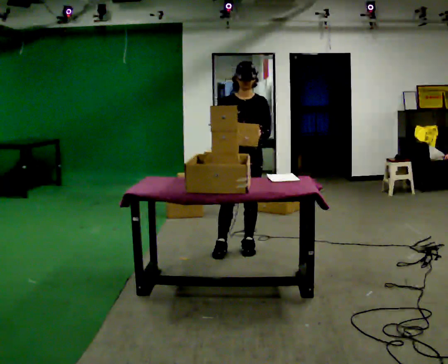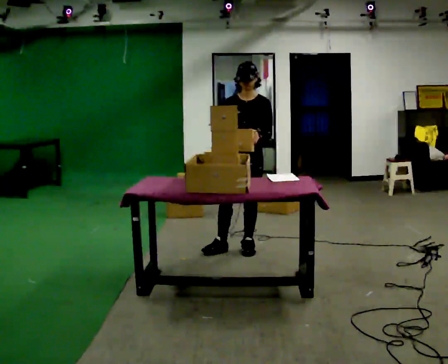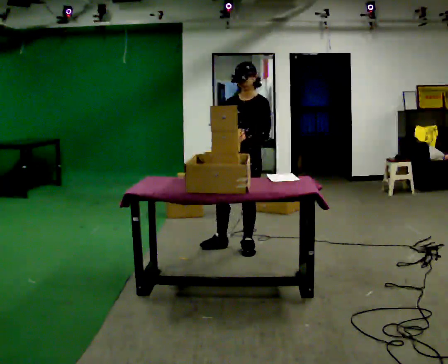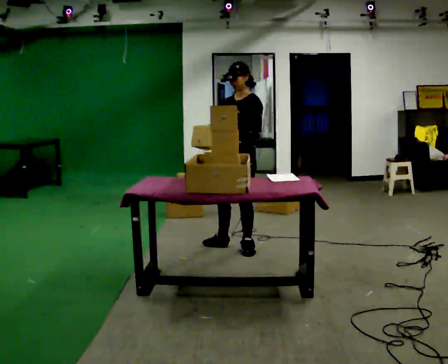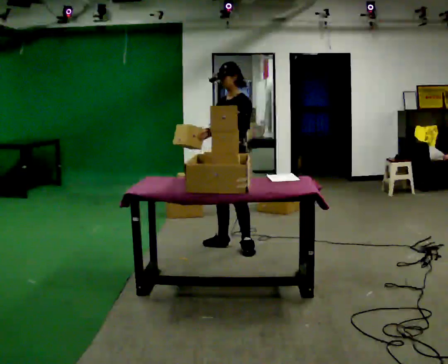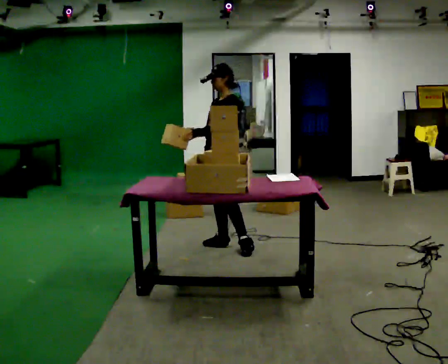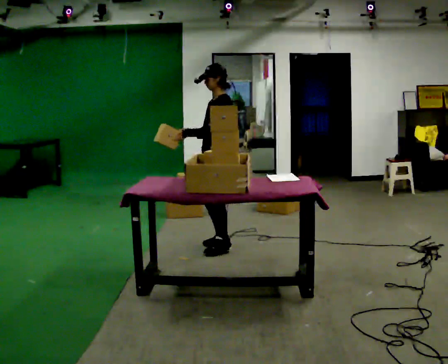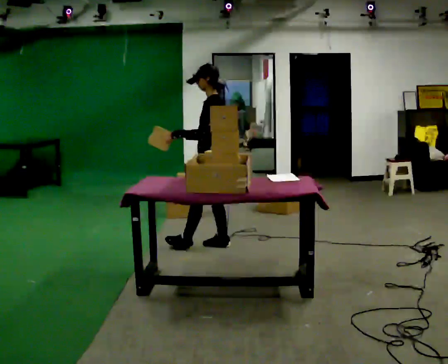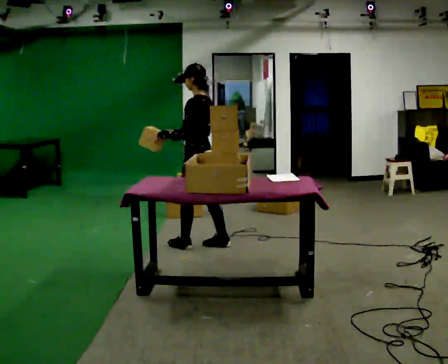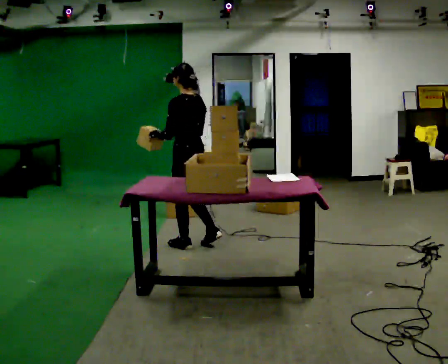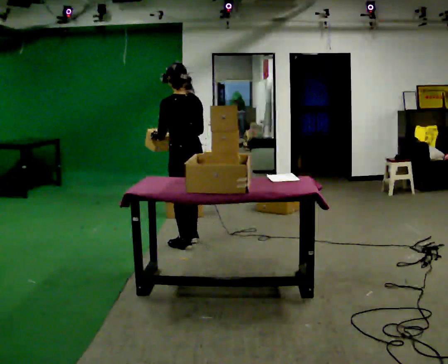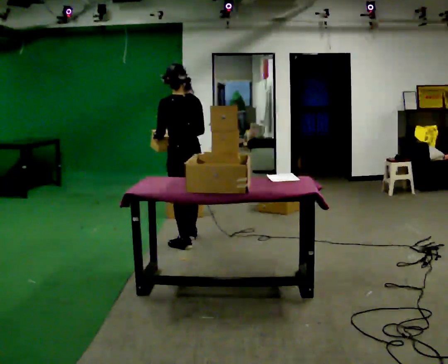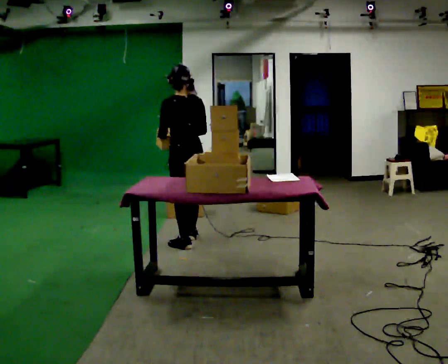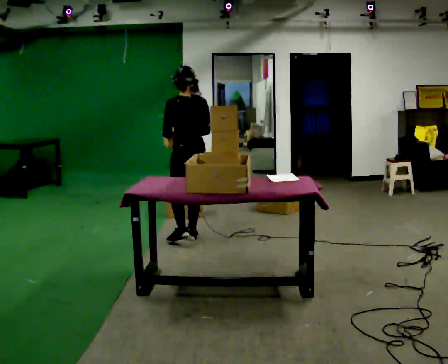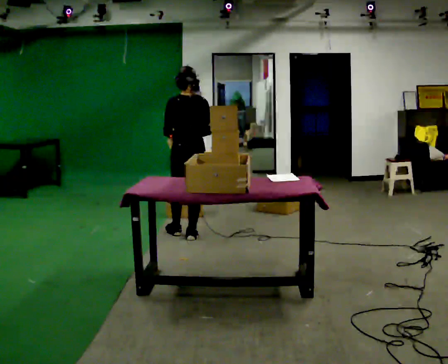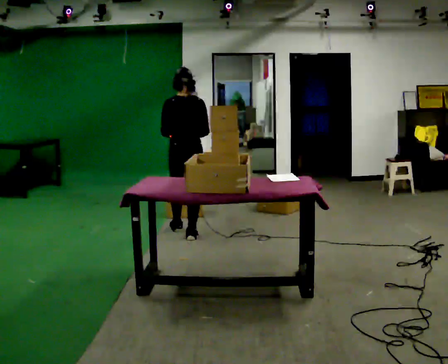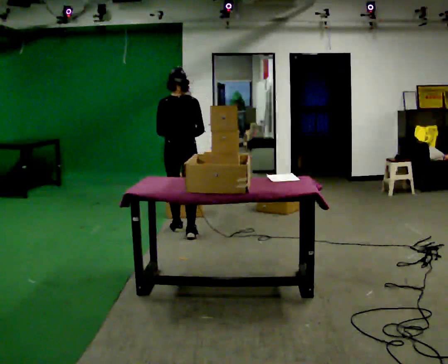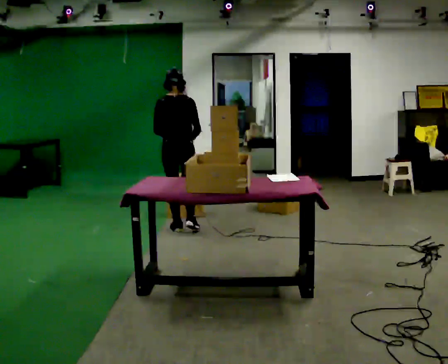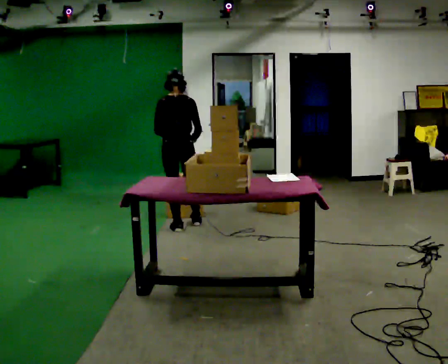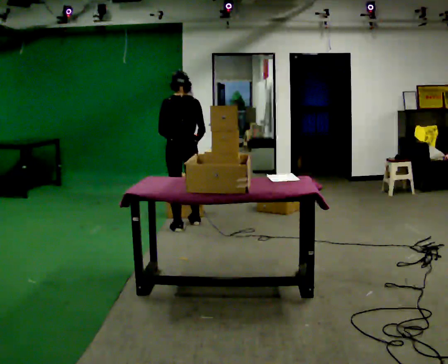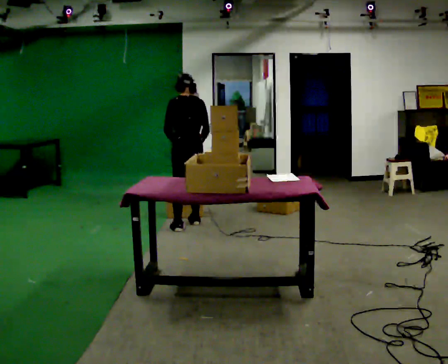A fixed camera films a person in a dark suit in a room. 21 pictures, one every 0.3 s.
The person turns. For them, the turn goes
to their right.
The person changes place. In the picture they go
away from the camera.
0.0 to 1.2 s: Seen from above the body turns clockwise, about 60 degrees: to their right, with its near side sliding to the left.
1.2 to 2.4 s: Seen from above the body turns clockwise, about 60 degrees: to their right, with its near side sliding to the left. In the picture they go to the left, about 0.25 m in 1 step, which for them is forward.
2.4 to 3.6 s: The person turns about 45 degrees to their right, clockwise seen from above, so the part of the body nearest the lens slides to the left.
3.6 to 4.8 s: The part of the body nearest the lens slides to the left as the person turns to their right by about 30 degrees. In the picture they go away from the camera, about 0.25 m in 1 step, which for them is forward.
4.8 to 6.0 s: In the picture they go away from the camera, about 0.25 m in 1 step, which for them is forward. The upper body tips away from the camera, its near side rolling upward, as they bend forward.
The film runs forward here.
